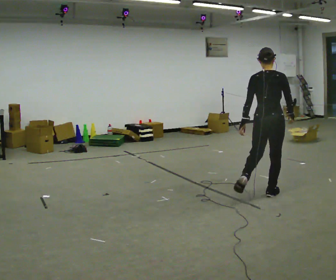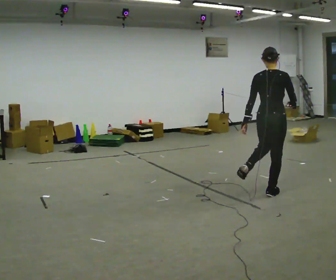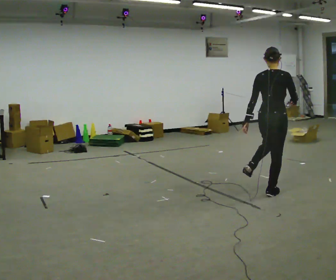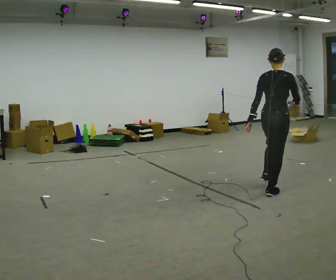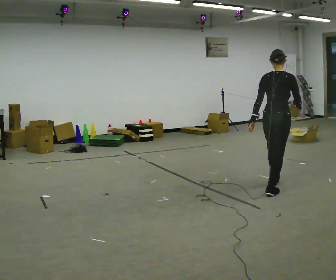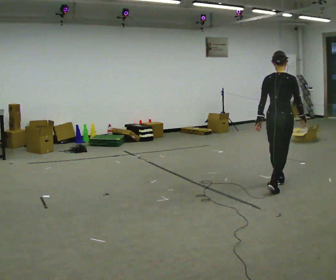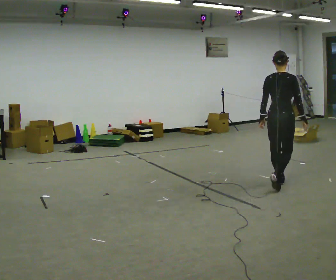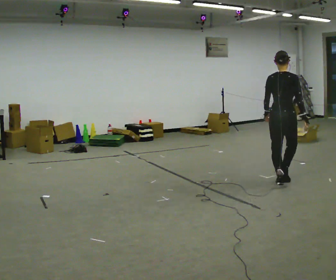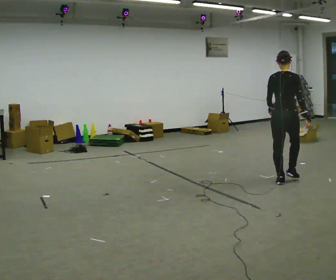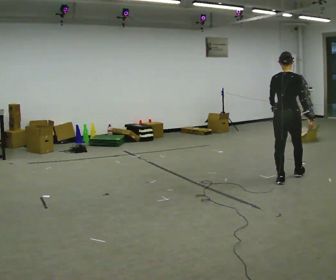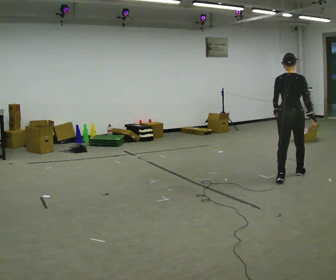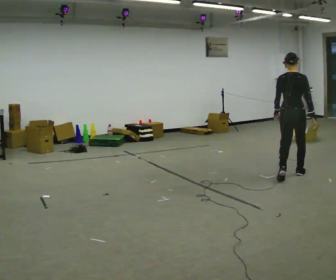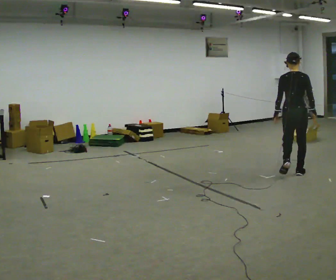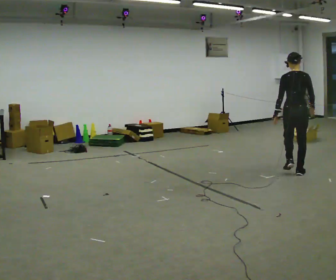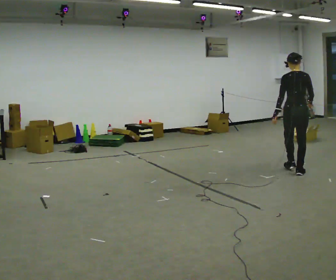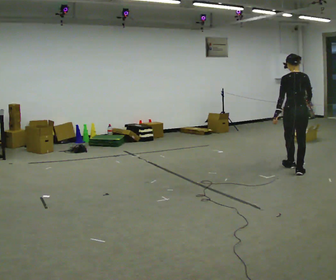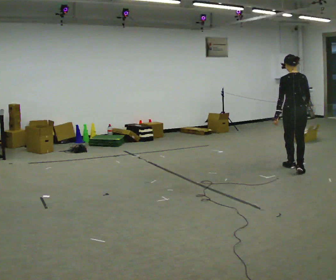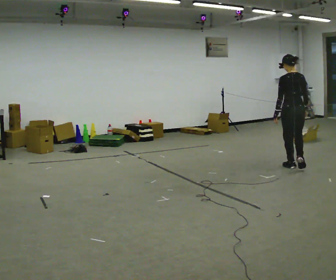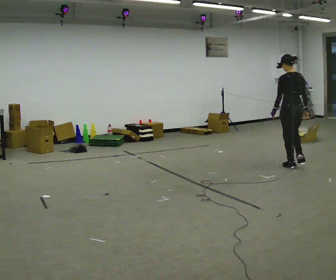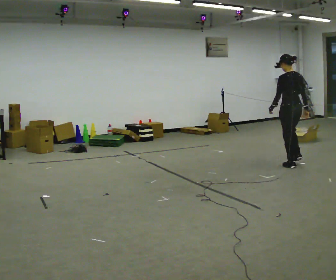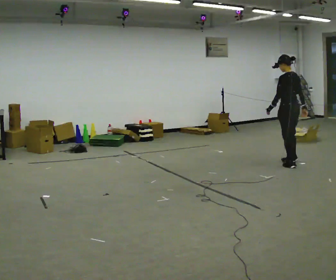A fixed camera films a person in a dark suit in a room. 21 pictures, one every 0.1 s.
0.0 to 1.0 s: In the picture they go away from the camera, about 1 m in 1 step, which for them is forward.
1.0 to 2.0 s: The part of the body nearest the lens slides to the right as the person turns to their left by about 60 degrees. In the picture they go away from the camera, about 0.5 m in 3 steps.
The film runs forward here.
